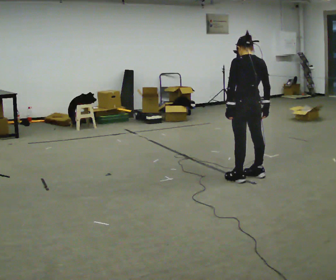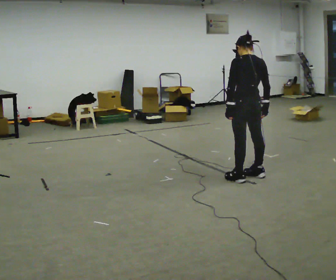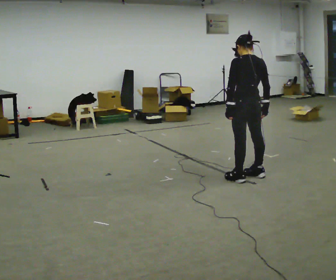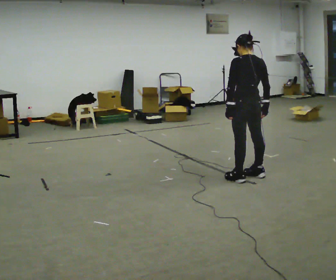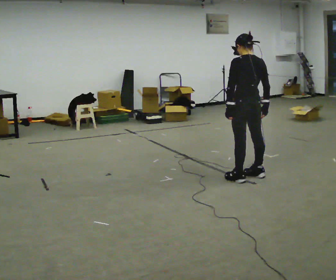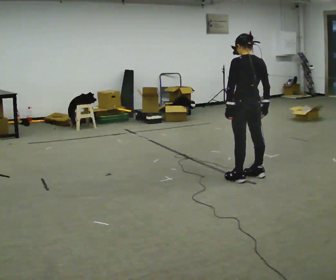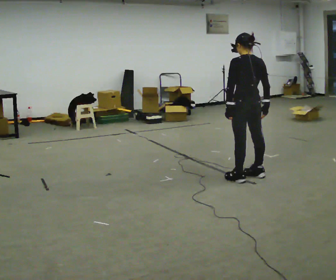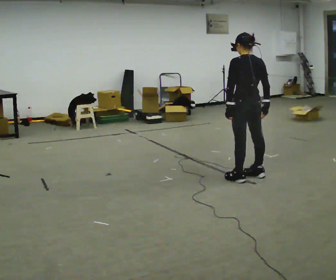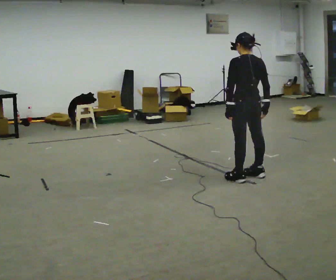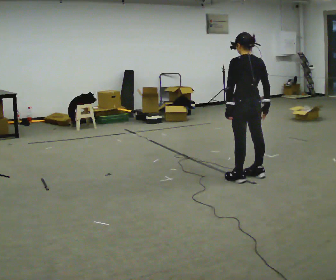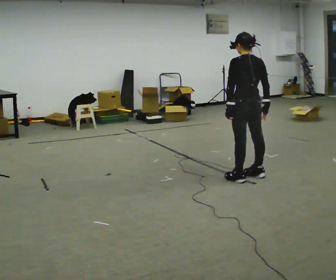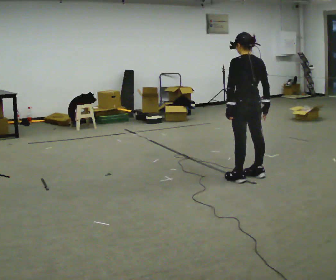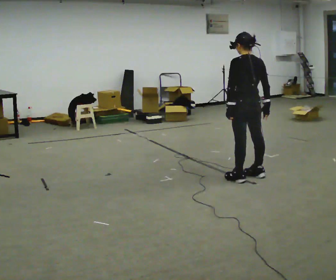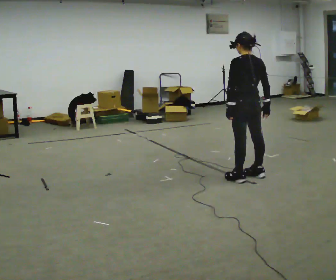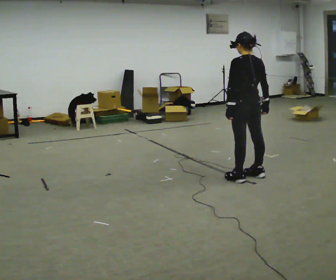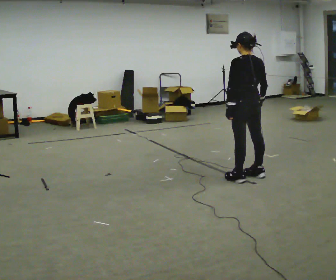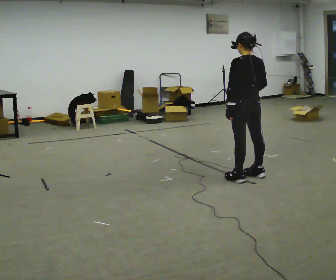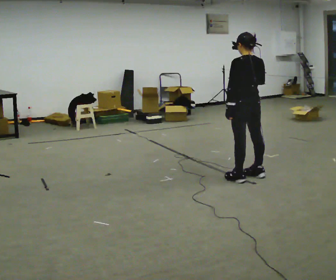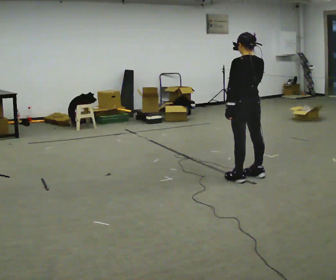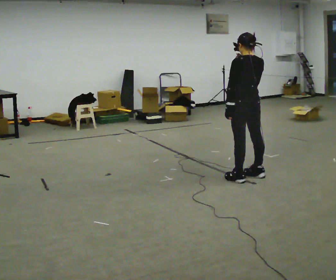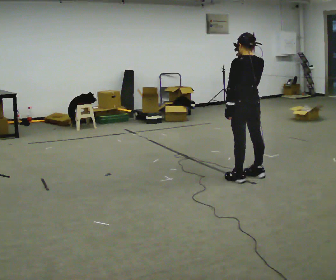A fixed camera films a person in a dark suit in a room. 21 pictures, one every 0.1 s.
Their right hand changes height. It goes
upward.
0.0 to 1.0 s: The person keeps their place and pose.
1.0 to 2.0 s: In the picture their right hand goes upward.
The film runs backward here.
